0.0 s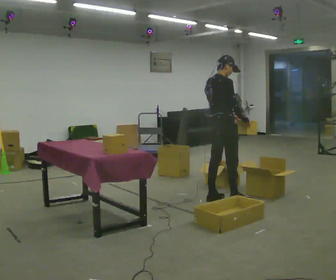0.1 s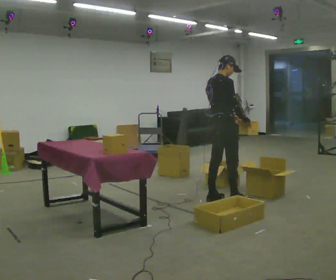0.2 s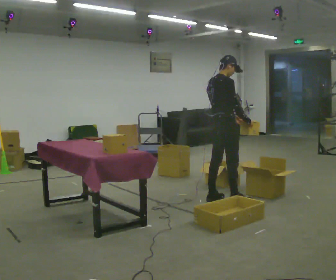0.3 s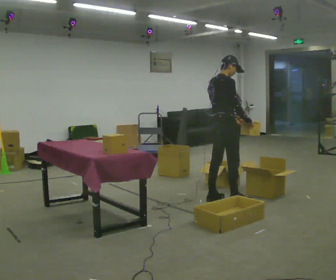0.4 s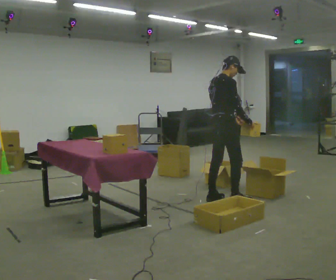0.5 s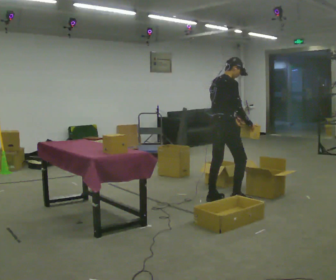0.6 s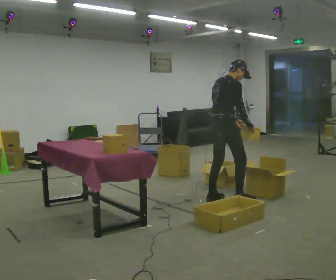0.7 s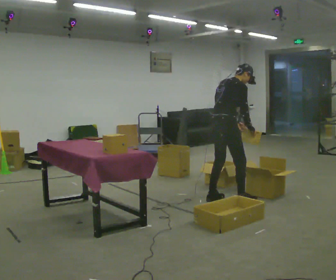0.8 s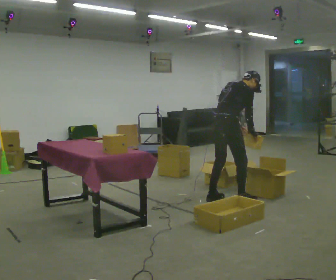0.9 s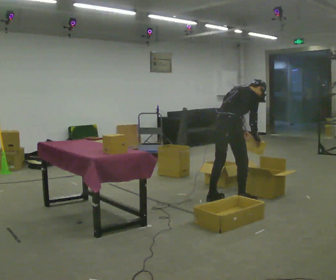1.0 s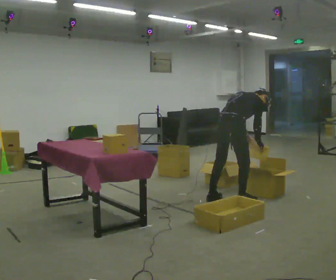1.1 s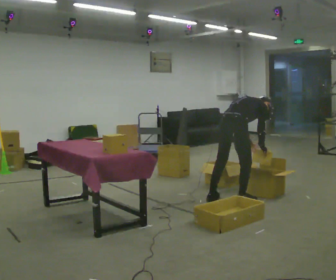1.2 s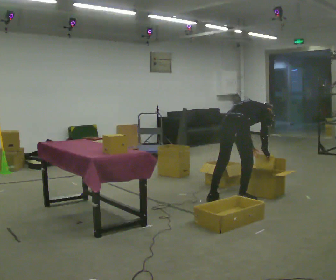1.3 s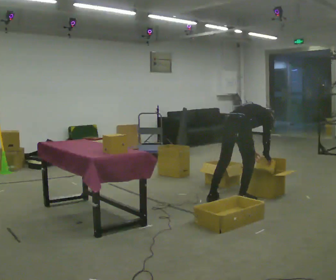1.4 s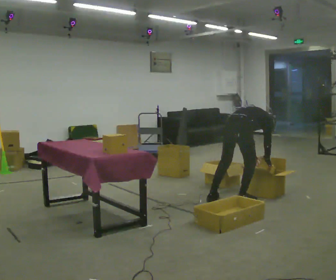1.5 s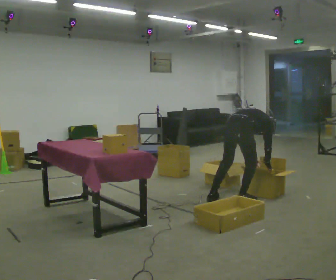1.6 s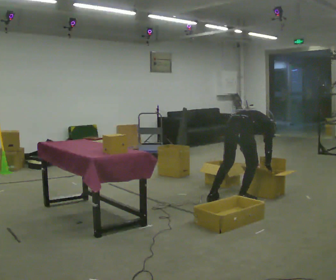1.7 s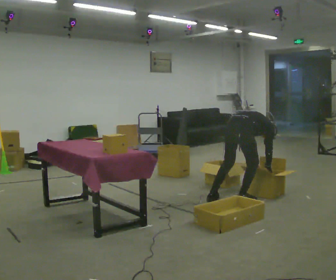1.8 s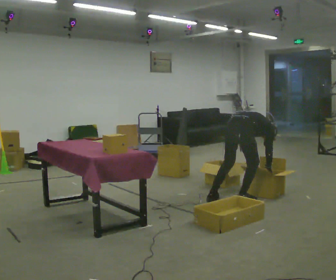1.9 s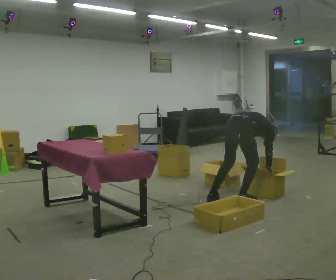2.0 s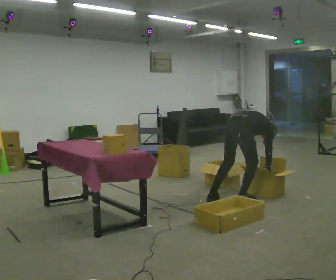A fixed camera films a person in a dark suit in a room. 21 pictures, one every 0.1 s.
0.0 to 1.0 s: The upper body goes downward. In the picture the upper body tilts clockwise, shoulders to the right, as they bend forward. In the picture their right hand goes downward.
1.0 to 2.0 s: The shoulders move downward. The upper body tips away from the camera, its near side rolling upward, as they bend forward.
The film runs forward here.
